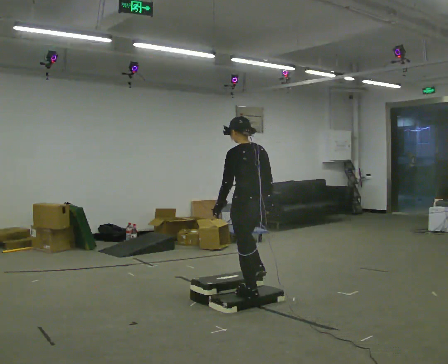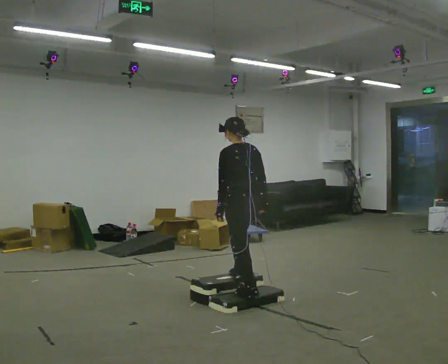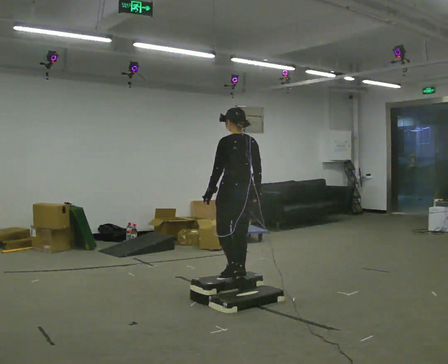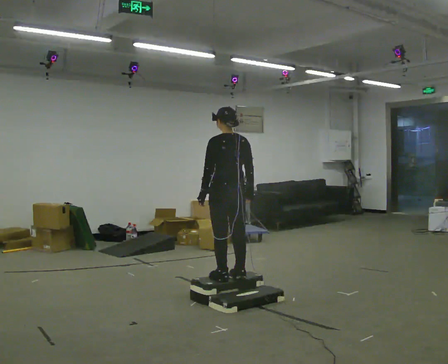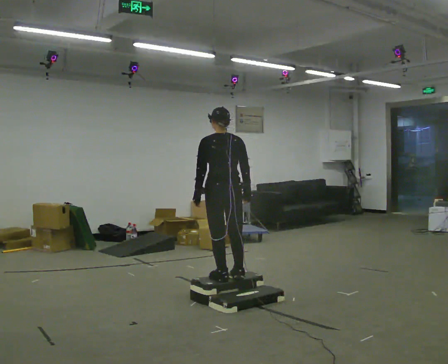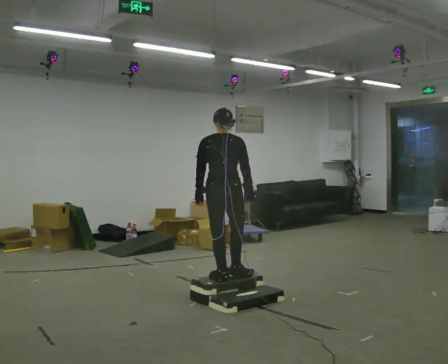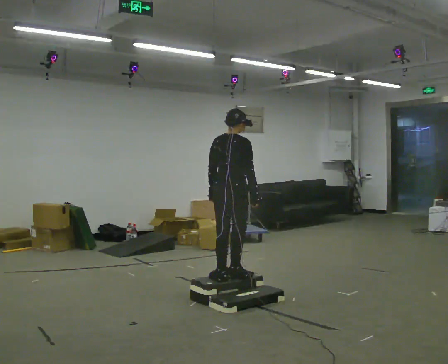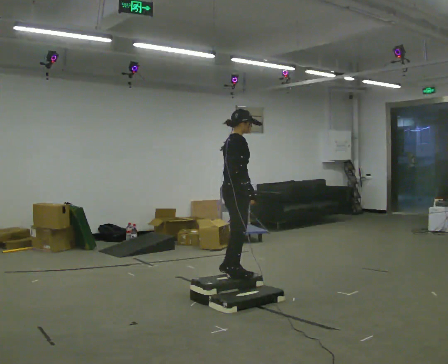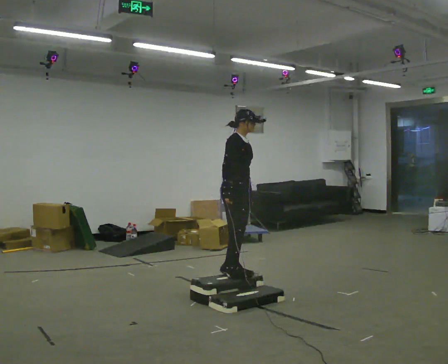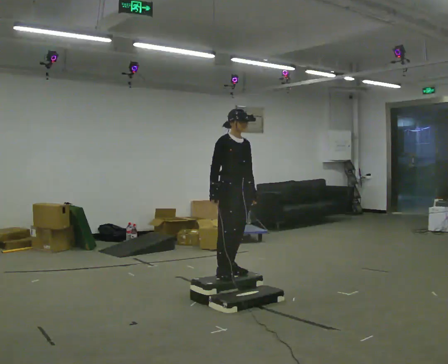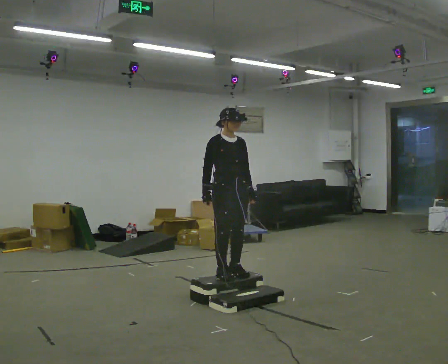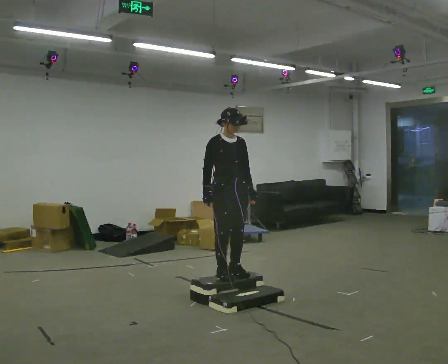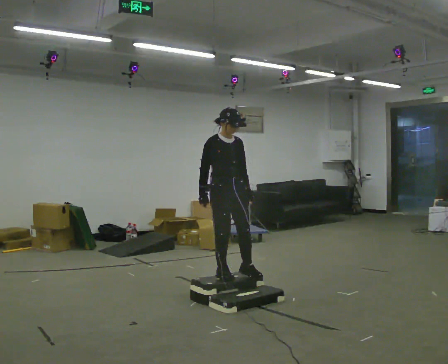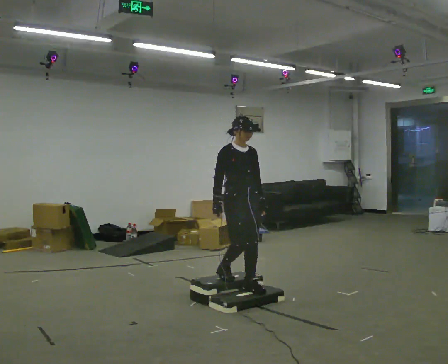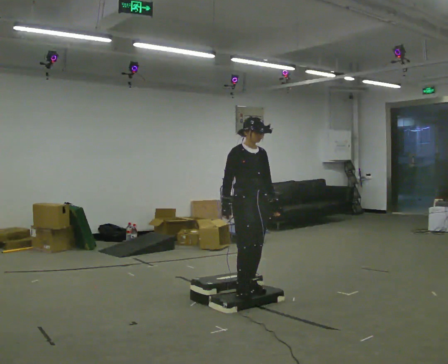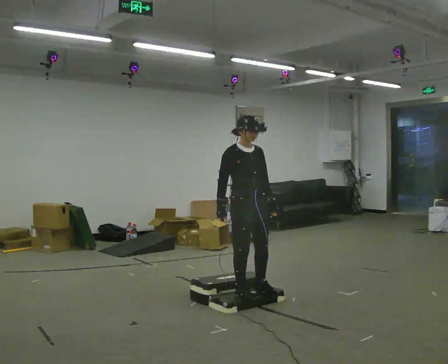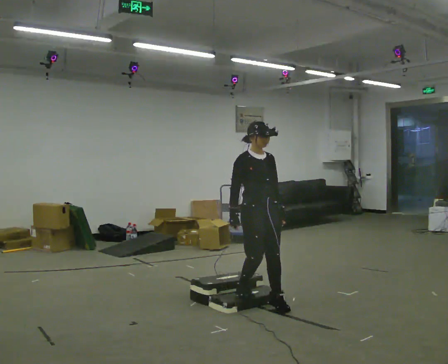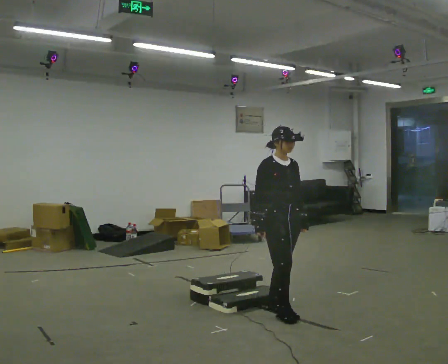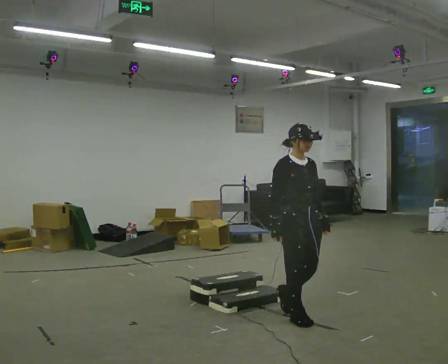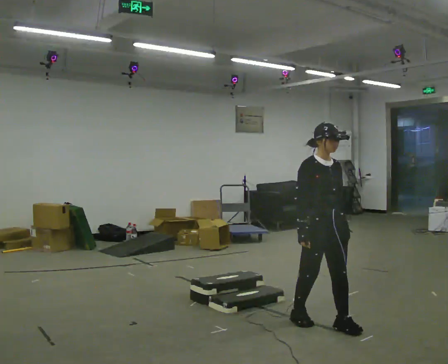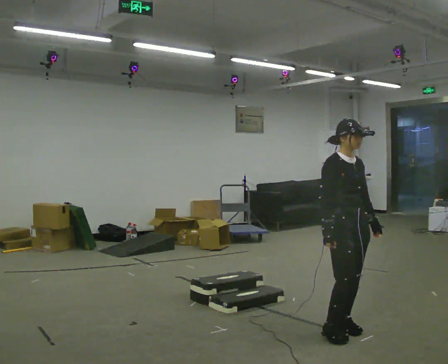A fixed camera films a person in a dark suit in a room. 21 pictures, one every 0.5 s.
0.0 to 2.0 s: In the picture they go to the left and away from the camera, about 0.25 m in 2 steps, which for them is forward.
2.0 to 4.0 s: Seen from above the body turns clockwise, about 135 degrees: to their right, with its near side sliding to the left. In the picture they go away from the camera, about 0.25 m in 1 step.
4.0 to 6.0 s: The part of the body nearest the lens slides to the left as the person turns to their right by about 30 degrees.
6.0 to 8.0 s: In the picture they go toward the camera and to the right, about 0.5 m in 3 steps, which for them is forward.
8.0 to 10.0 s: In the picture they go toward the camera and to the right, about 1 m in 2 steps, which for them is forward.
The film runs forward here.
